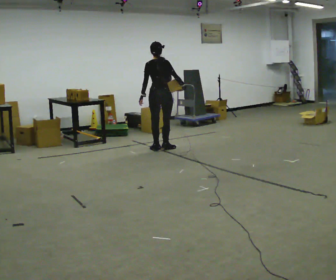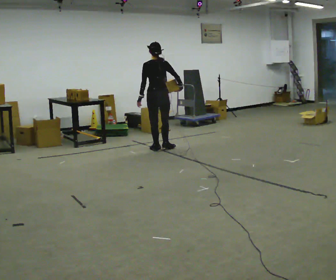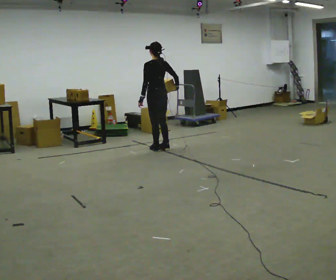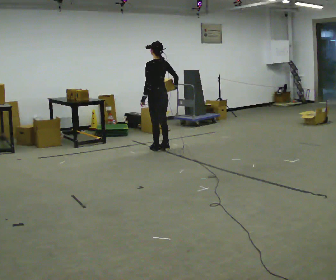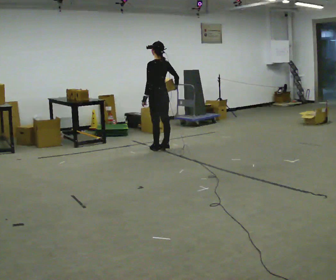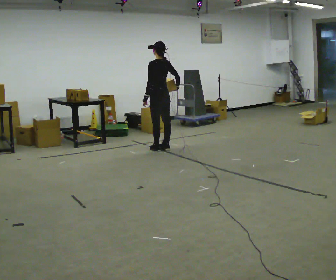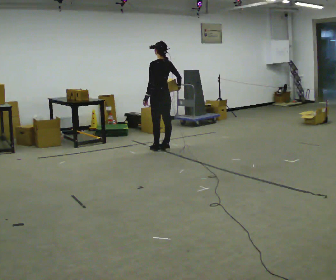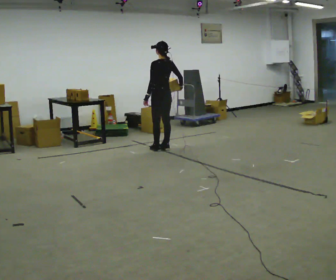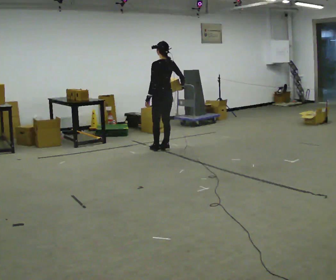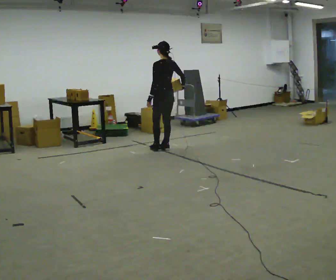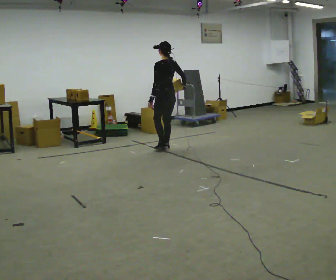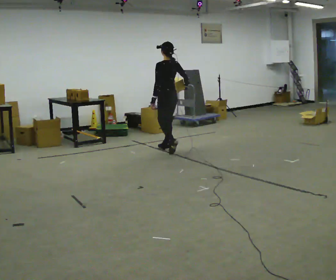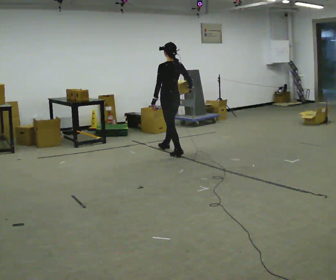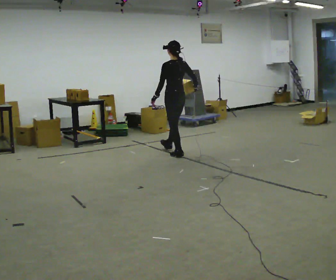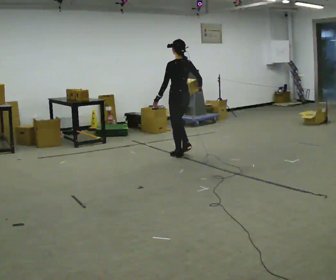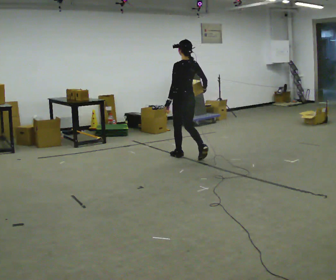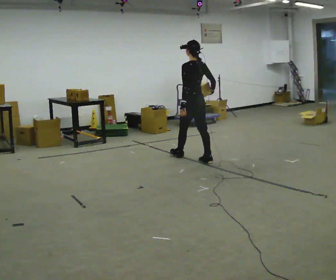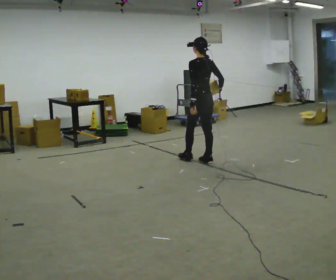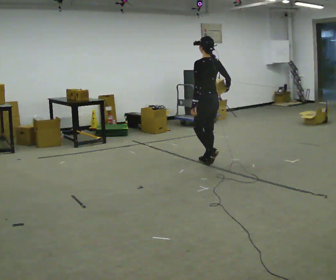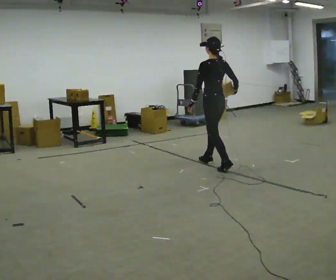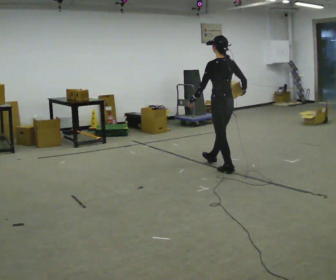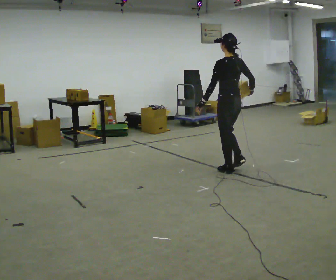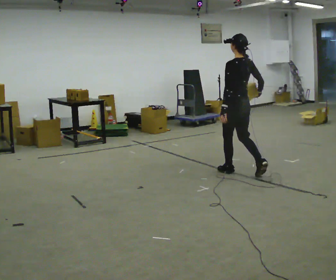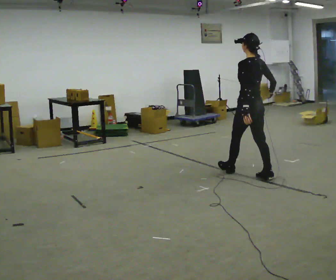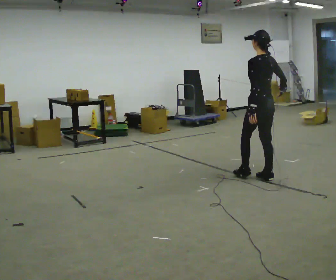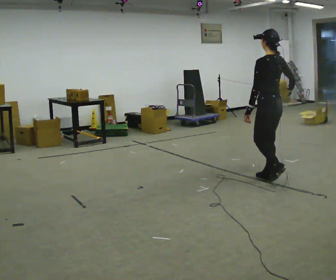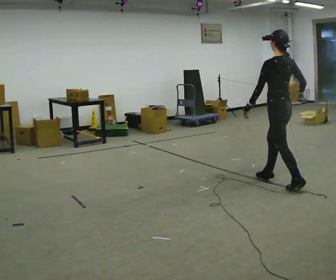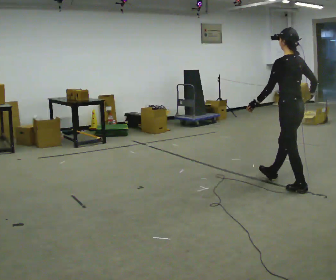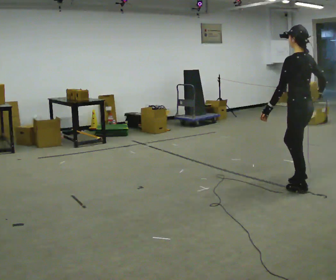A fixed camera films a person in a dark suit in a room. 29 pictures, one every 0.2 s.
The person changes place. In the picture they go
toward the camera.
0.0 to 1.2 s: The person turns about 60 degrees to their left, counterclockwise seen from above, so the part of the body nearest the lens slides to the right.
1.2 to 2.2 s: The person moves a little, or ends about where they began.
2.2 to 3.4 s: In the picture they go toward the camera and to the right, about 1 m in 2 steps, which for them is backward.
3.4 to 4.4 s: In the picture they go toward the camera and to the right, about 0.5 m in 1 step, which for them is backward.
4.4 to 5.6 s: In the picture they go toward the camera and to the right, about 1 m in 2 steps, which for them is backward.
The film runs backward here.
